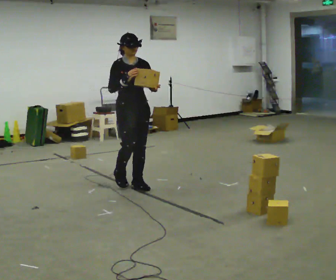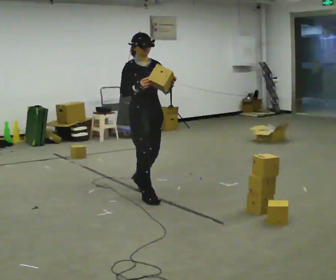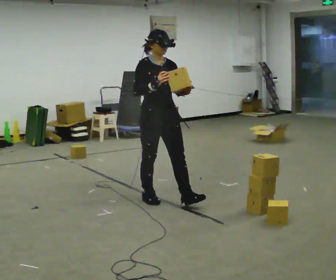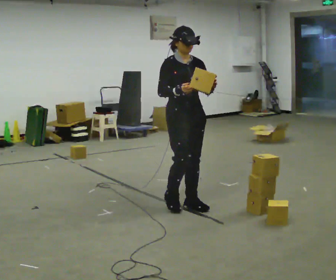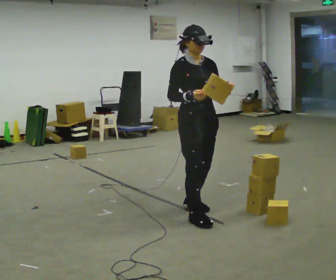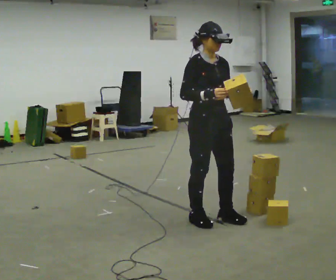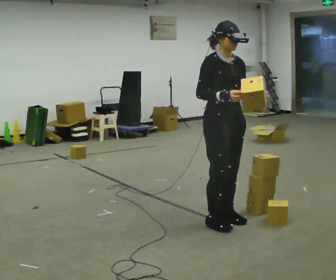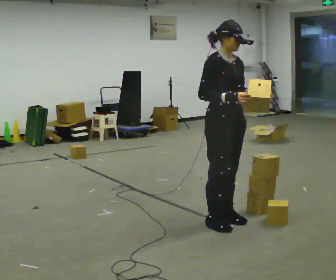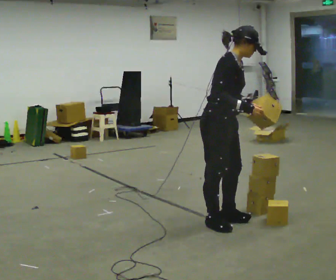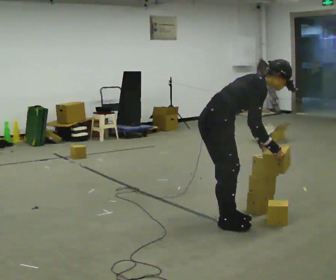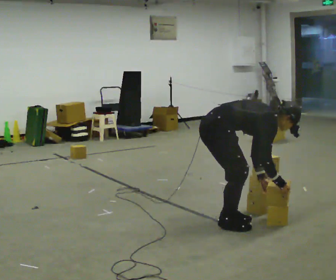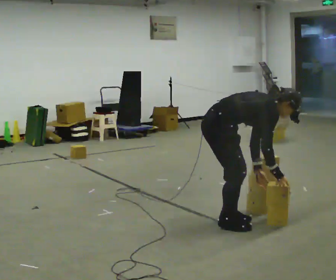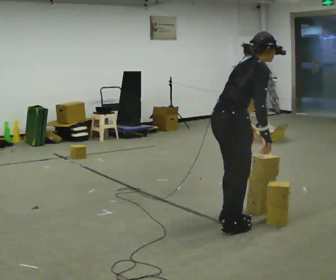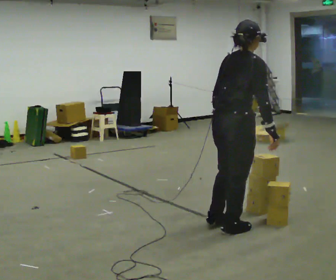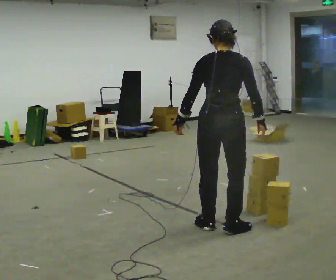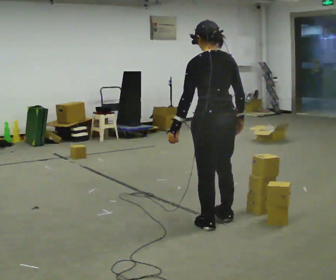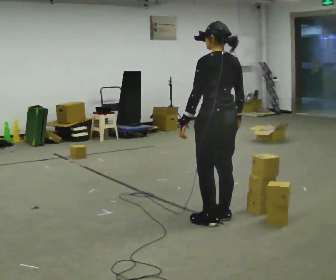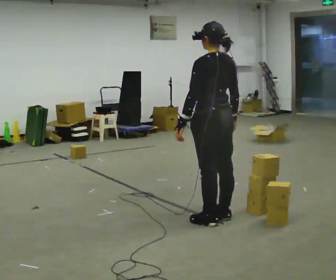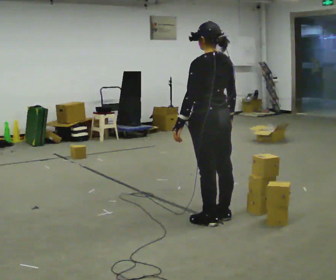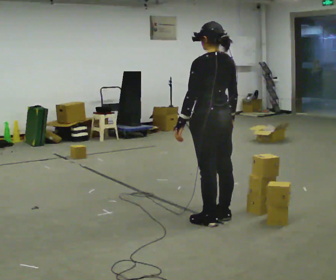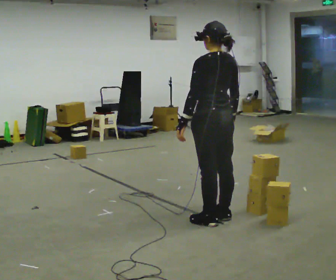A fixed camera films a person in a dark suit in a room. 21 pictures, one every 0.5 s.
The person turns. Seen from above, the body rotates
counterclockwise.
The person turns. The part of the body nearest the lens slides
to the right.
0.0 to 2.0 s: In the picture they go toward the camera and to the right, about 1 m in 3 steps, which for them is forward.
2.0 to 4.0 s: Seen from above the body turns counterclockwise, about 30 degrees: to their left, with its near side sliding to the right. In the picture they go to the right and toward the camera, about 0.25 m in 2 steps, which for them is forward. In the picture the upper body tilts clockwise, shoulders to the right, as they bend forward.
4.0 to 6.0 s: The part of the body nearest the lens slides to the right as the person turns to their left by about 30 degrees.
6.0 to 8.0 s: The part of the body nearest the lens slides to the right as the person turns to their left by about 120 degrees. In the picture the upper body tilts counterclockwise, shoulders to the left, as they lean back or straighten. In the picture their left hand goes to the left.
8.0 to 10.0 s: The person moves a little, or ends about where they began.
The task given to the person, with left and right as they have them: Carry the box and, while you are still walking, turn it so you can read the label, read it out loud, then carry on. Repeat with the next box. Do not stop to read it.
The film runs forward here.
